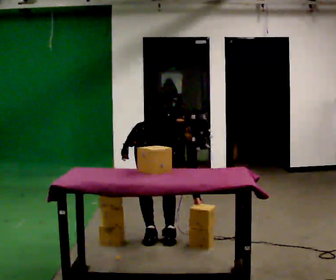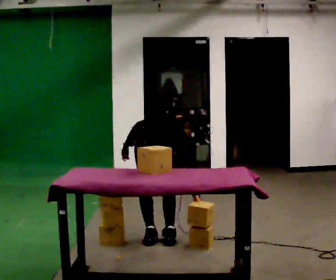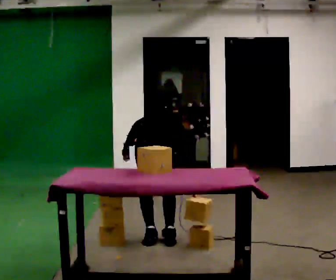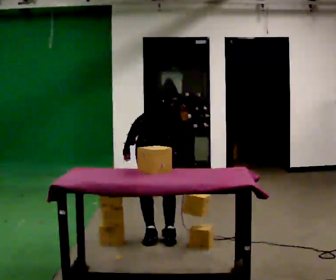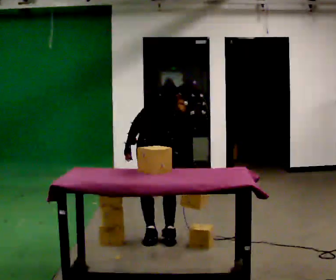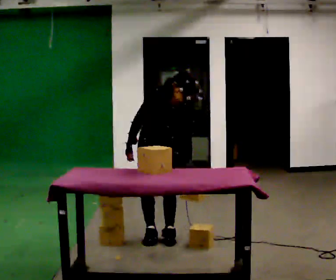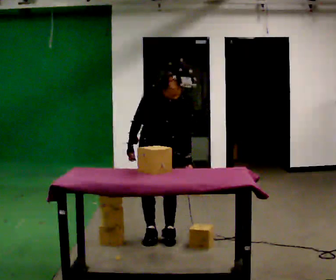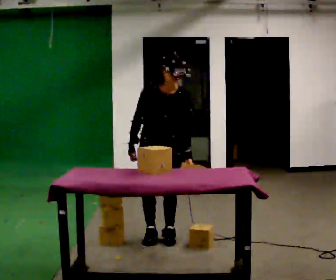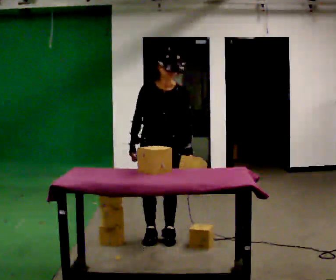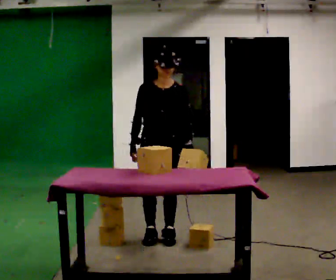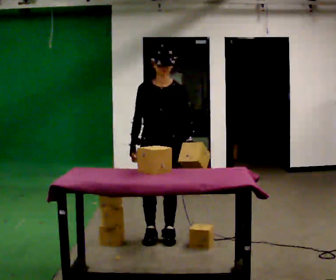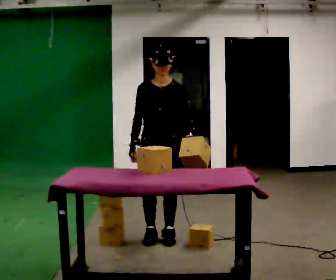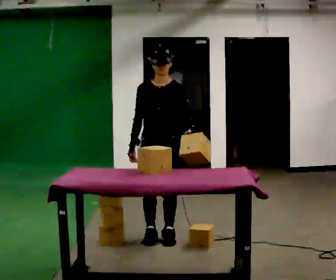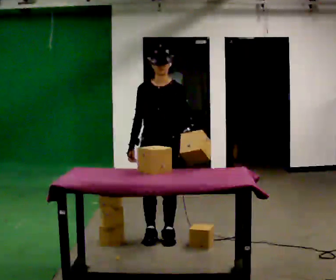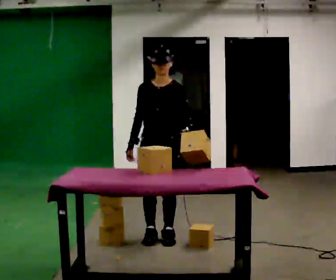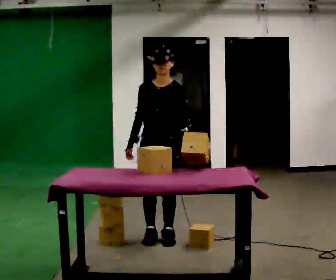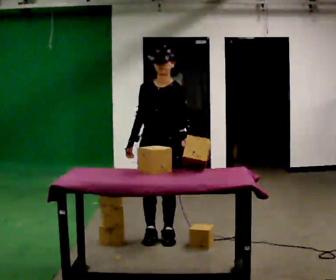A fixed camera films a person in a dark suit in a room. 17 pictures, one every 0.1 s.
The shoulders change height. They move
upward.
Their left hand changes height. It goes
upward.
0.0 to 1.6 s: The part of the body nearest the lens slides to the left as the person turns to their right by about 45 degrees. In the picture they go toward the camera, about 0.25 m, which for them is forward. The shoulders move upward. The upper body tips away from the camera, its near side rolling upward, as they lean back or straighten. In the picture their left hand goes upward.
The film runs forward here.
